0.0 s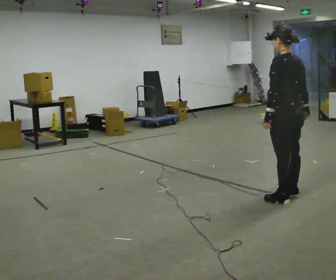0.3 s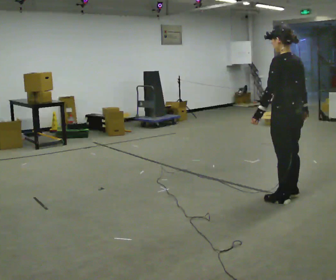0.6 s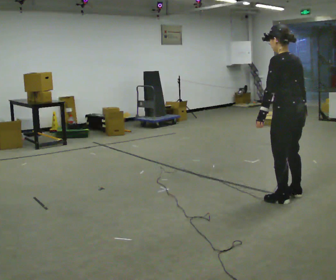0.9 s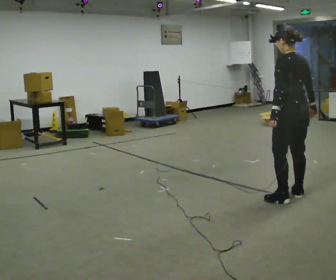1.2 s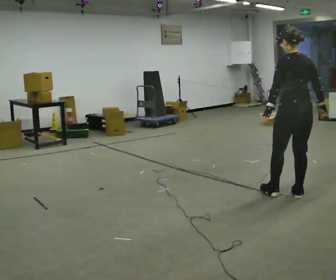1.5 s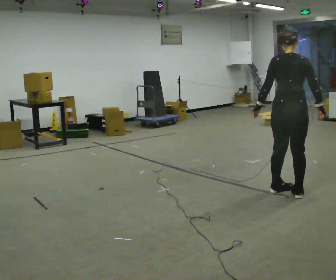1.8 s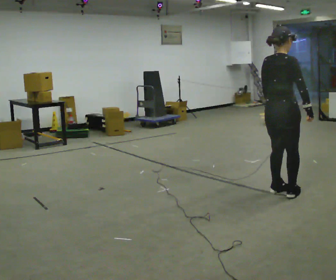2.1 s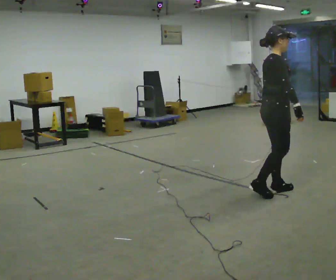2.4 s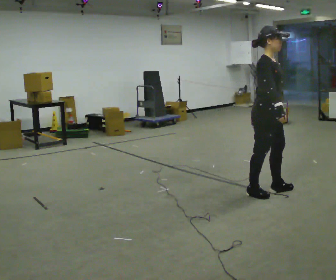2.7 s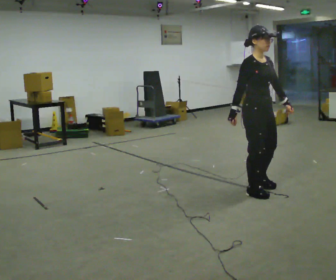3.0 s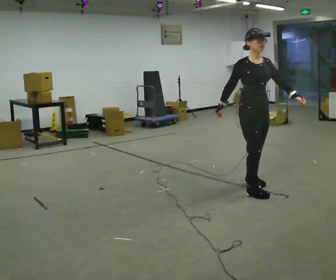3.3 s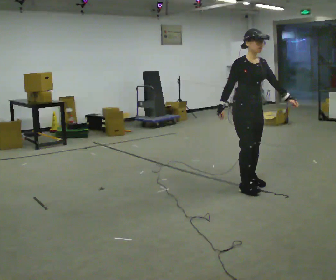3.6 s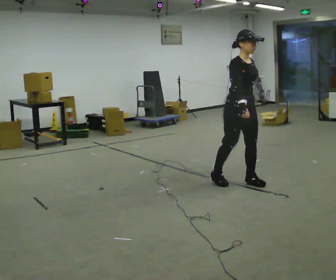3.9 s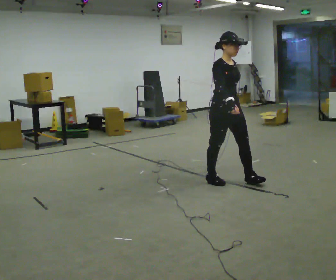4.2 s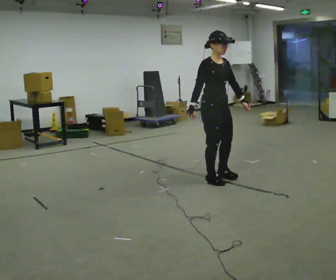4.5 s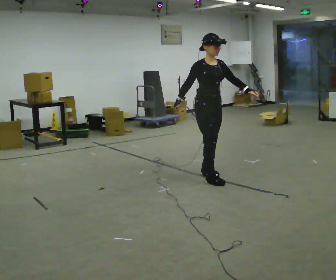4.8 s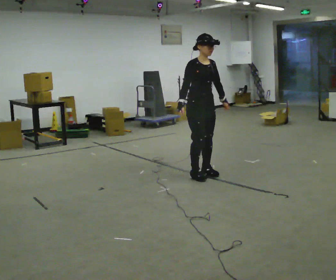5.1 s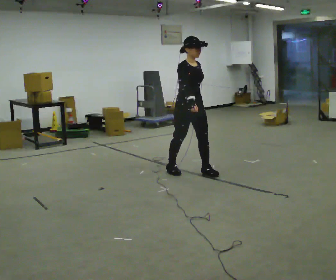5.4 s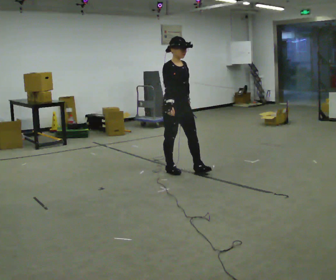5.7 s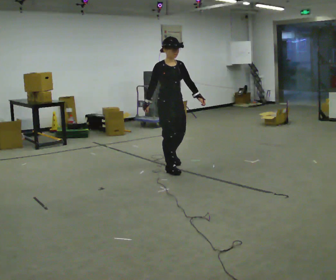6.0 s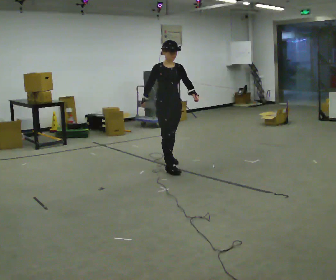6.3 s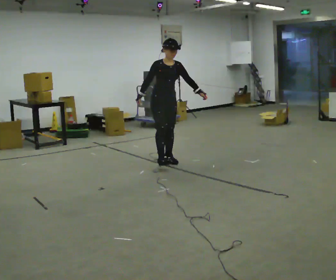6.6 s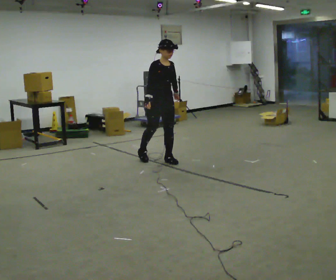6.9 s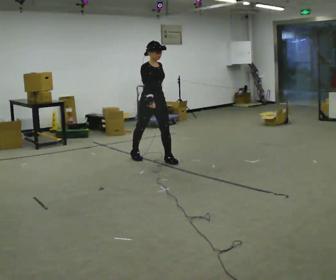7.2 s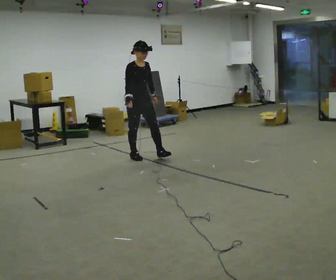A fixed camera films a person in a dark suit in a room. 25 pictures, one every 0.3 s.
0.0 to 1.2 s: The person moves a little, or ends about where they began.
1.2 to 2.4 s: Seen from above the body turns clockwise, about 135 degrees: to their right, with its near side sliding to the left. In the picture they go to the left and away from the camera, about 0.25 m in 1 step.
2.4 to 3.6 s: Seen from above the body turns clockwise, about 30 degrees: to their right, with its near side sliding to the left. In the picture they go away from the camera and to the left, about 0.5 m in 2 steps, which for them is backward.
3.6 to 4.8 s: In the picture they go to the left and away from the camera, about 0.5 m in 2 steps, which for them is backward.
4.8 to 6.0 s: In the picture they go to the left and away from the camera, about 0.5 m in 1 step, which for them is backward.
6.0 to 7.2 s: In the picture they go to the left and away from the camera, about 0.5 m in 2 steps, which for them is backward and to their right.
The film runs backward here.
